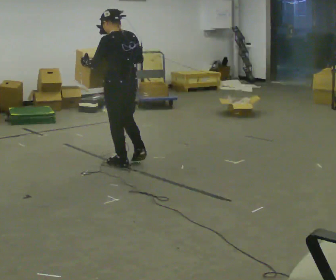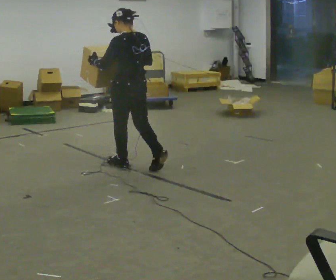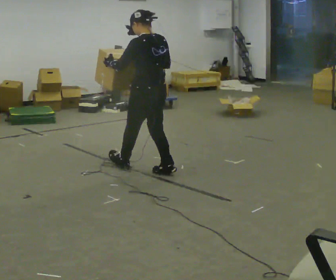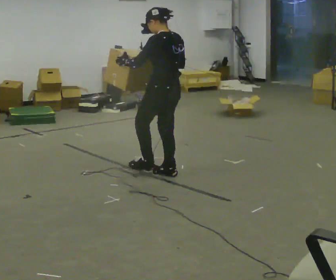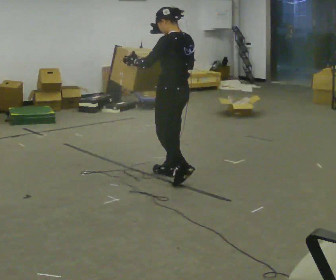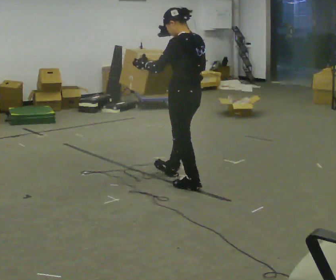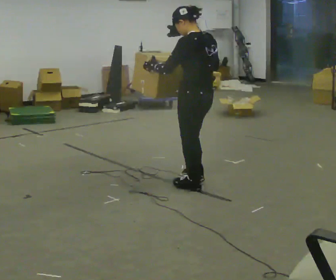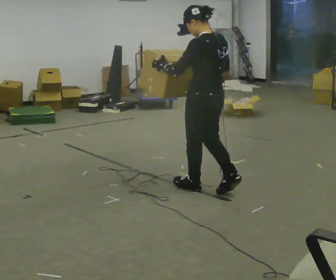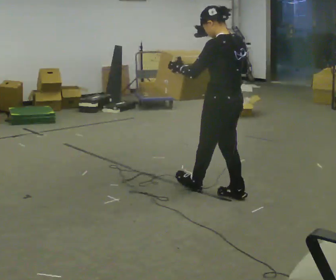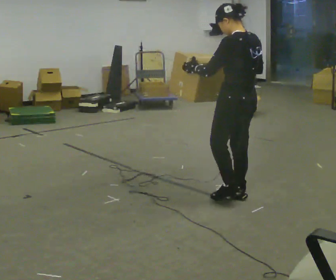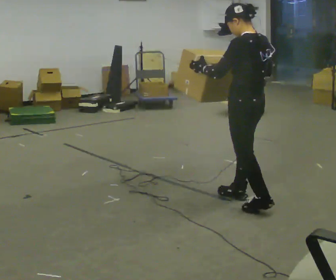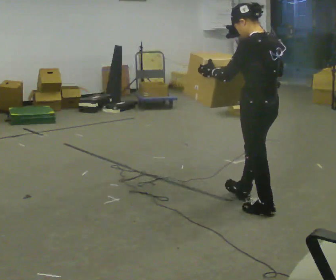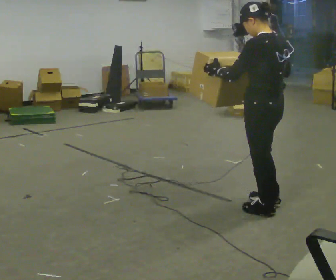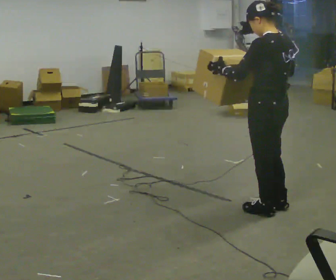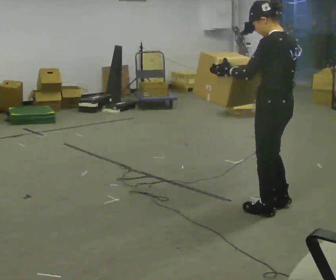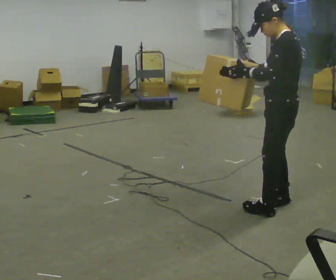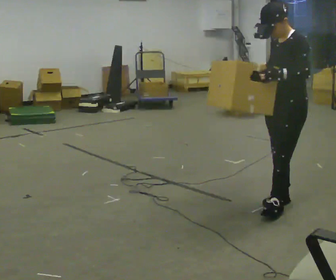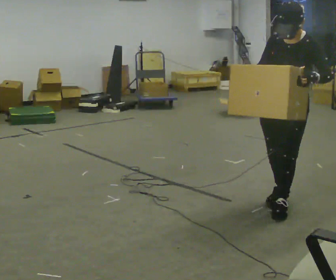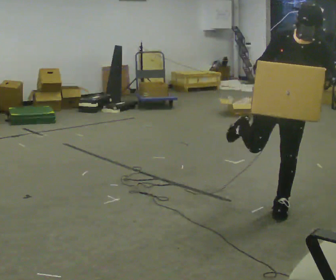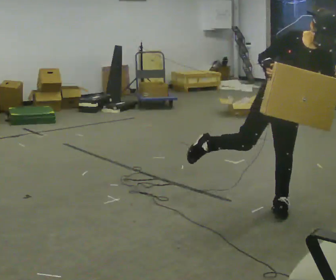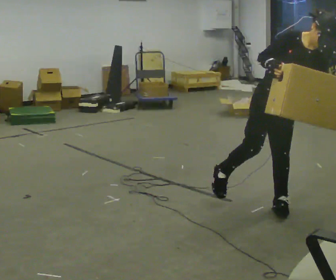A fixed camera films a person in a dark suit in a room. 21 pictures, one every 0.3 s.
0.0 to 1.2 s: In the picture they go to the right and toward the camera, about 0.5 m in 1 step, which for them is backward.
1.2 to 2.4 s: In the picture they go to the right and toward the camera, about 0.5 m in 2 steps, which for them is backward.
2.4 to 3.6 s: In the picture they go toward the camera and to the right, about 0.5 m in 1 step, which for them is backward and to their left.
3.6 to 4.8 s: Seen from above the body turns counterclockwise, about 75 degrees: to their left, with its near side sliding to the right. In the picture they go to the right, about 0.25 m in 1 step. In the picture their left hand goes to the right.
4.8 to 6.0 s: The person turns about 90 degrees to their left, counterclockwise seen from above, so the part of the body nearest the lens slides to the right. In the picture the upper body tilts clockwise, shoulders to the right, as they bend forward. In the picture their left hand goes to the right.
The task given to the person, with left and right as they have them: Carry the box while walking backward. The operator confirms the space behind you is clear before each take.
The film runs forward here.
